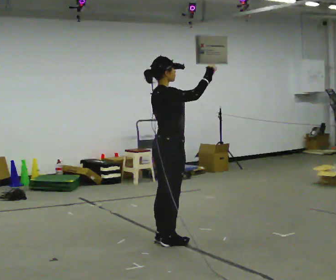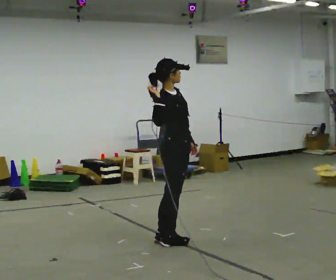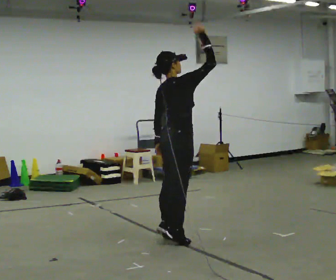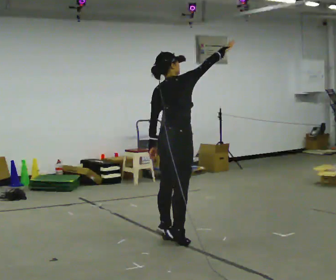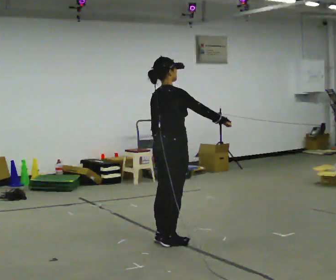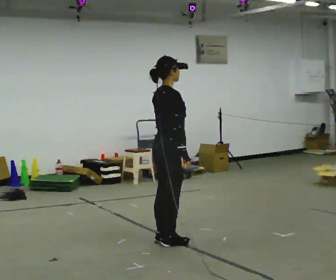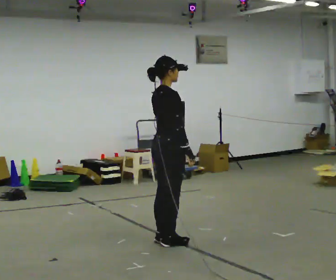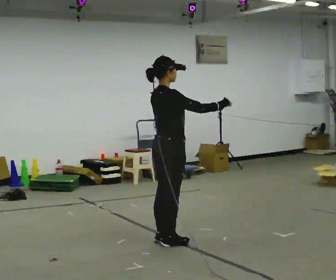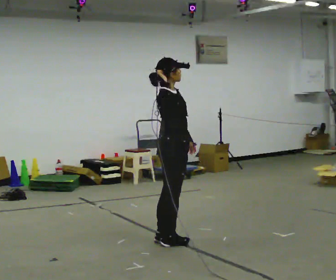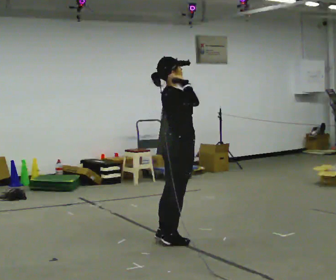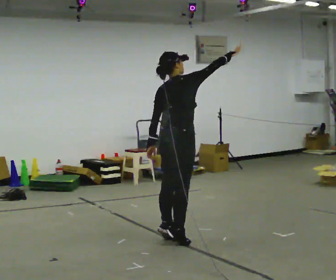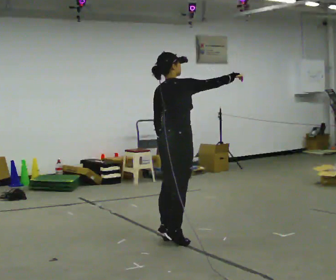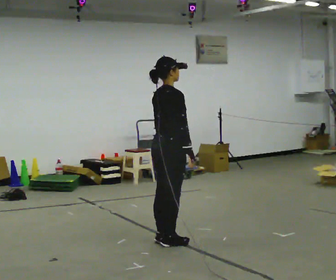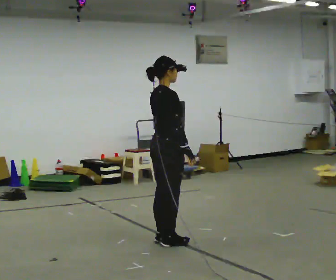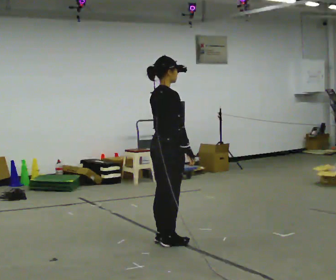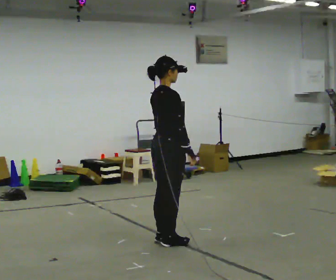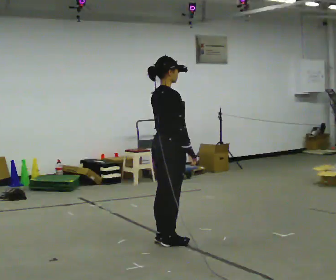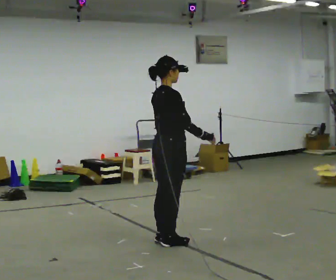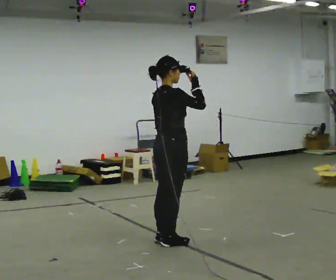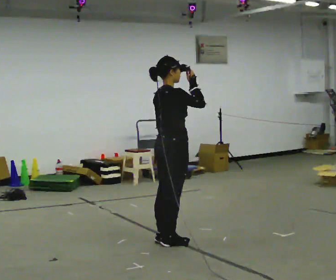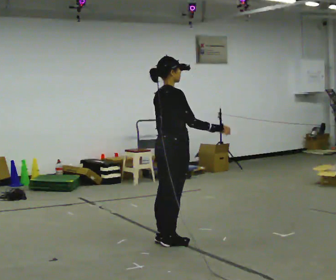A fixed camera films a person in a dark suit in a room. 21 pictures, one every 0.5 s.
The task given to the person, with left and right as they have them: Mime throwing a ball overhand as far as you can, with no ball. Repeat the movement at your own pace until the operator says stop; do not rush.
0.0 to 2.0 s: In the picture their right hand goes downward.
2.0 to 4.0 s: The person turns about 30 degrees to their right, clockwise seen from above, so the part of the body nearest the lens slides to the left. In the picture their right hand goes to the left and upward.
4.0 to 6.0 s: Seen from above the body turns counterclockwise, about 30 degrees: to their left, with its near side sliding to the right. In the picture their right hand goes downward.
6.0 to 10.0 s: The person moves a little, or ends about where they began.
The film runs forward here.
